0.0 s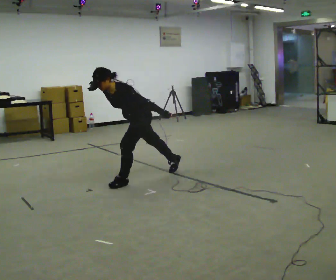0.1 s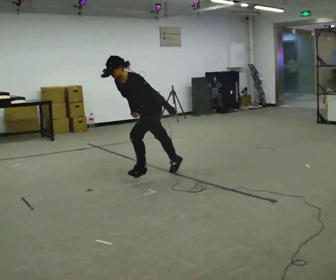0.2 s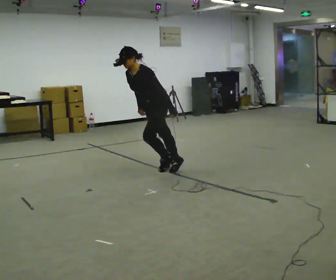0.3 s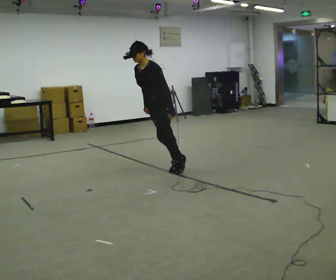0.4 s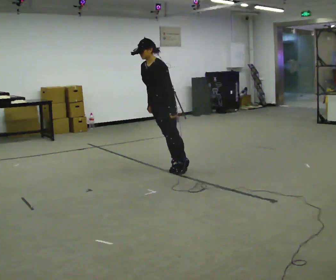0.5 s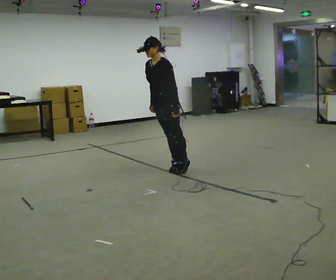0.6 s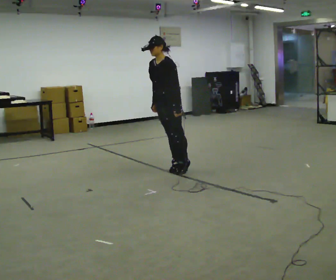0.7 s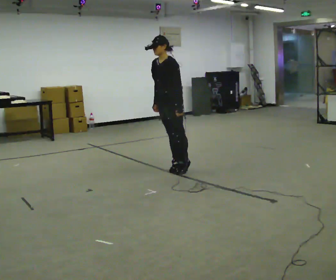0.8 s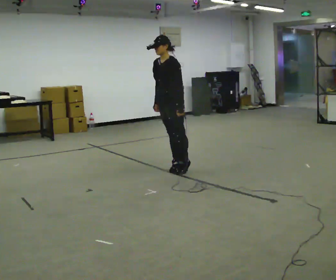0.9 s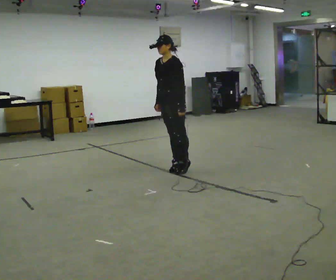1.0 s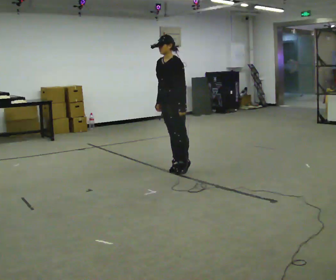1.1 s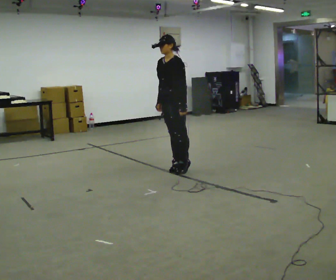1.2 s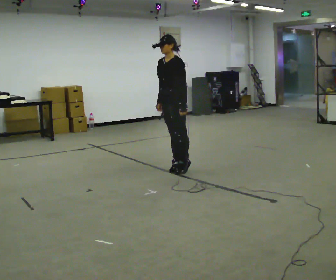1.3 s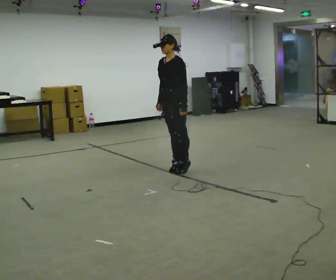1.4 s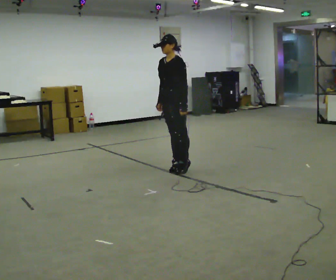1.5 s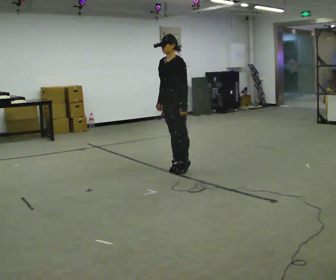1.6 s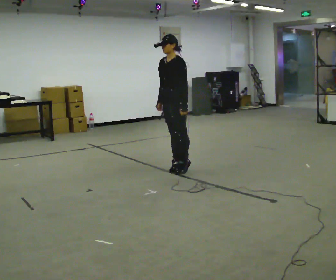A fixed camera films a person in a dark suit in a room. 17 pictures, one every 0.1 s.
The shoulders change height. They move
upward.
0.0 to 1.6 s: In the picture they go to the right and away from the camera, about 0.5 m, which for them is backward. The shoulders move upward. The upper body tips away from the camera, its near side rolling upward, as they lean back or straighten.
The film runs backward here.
